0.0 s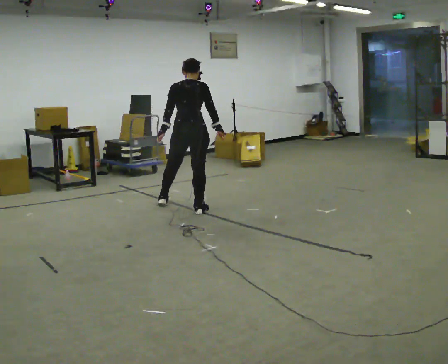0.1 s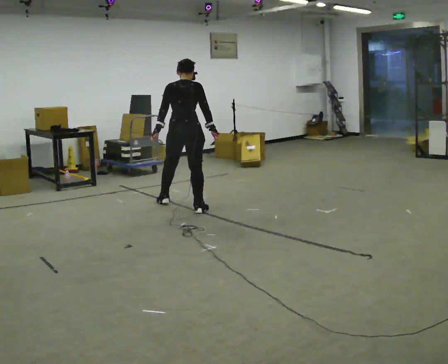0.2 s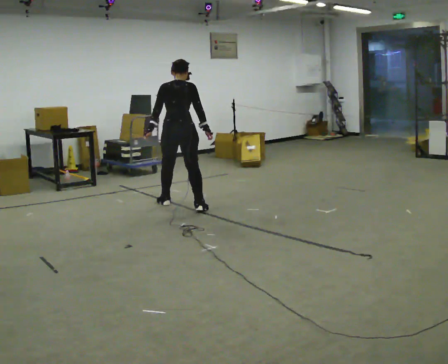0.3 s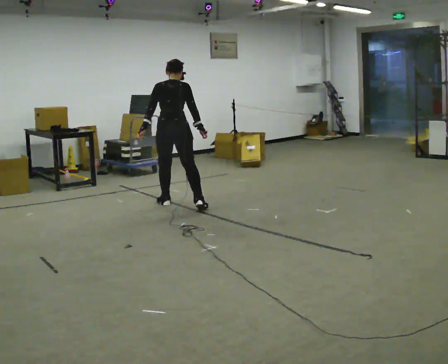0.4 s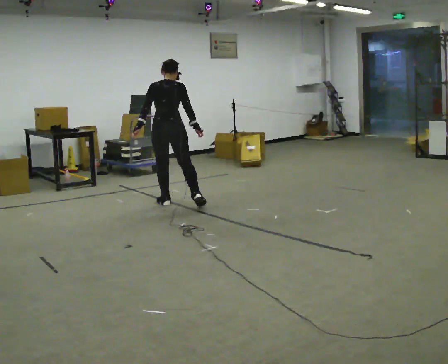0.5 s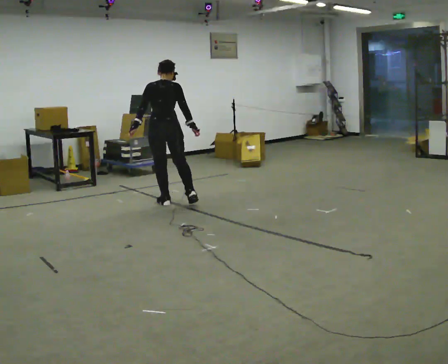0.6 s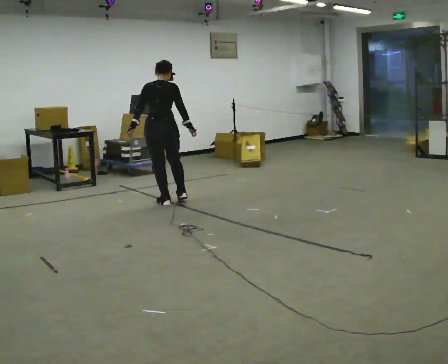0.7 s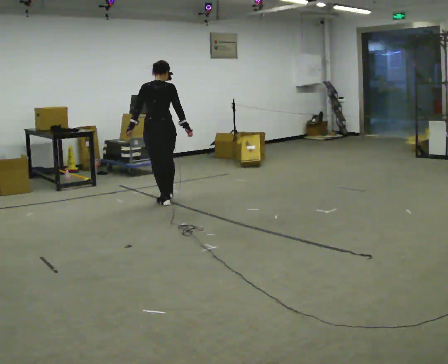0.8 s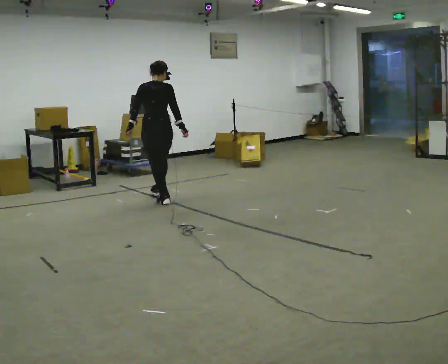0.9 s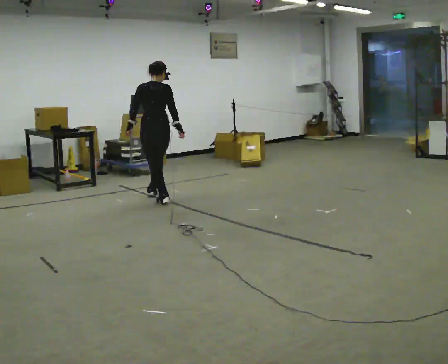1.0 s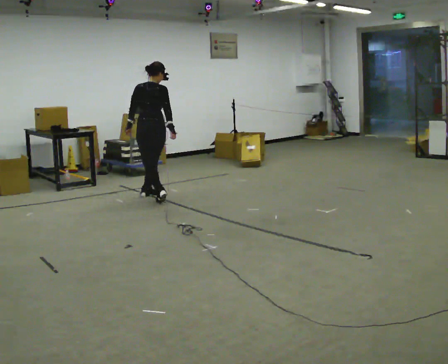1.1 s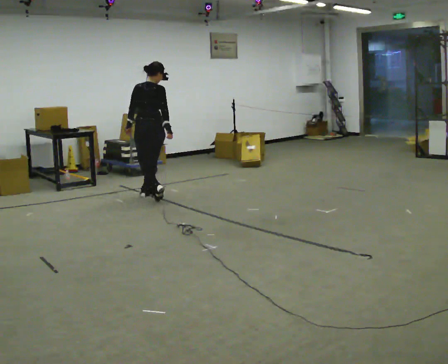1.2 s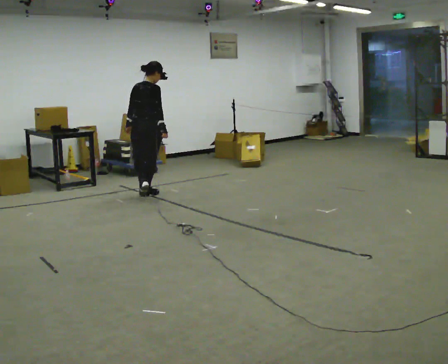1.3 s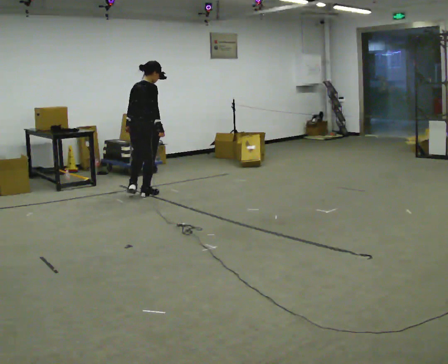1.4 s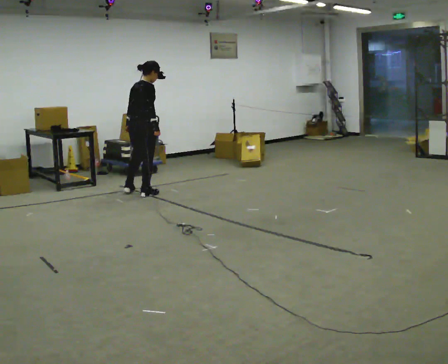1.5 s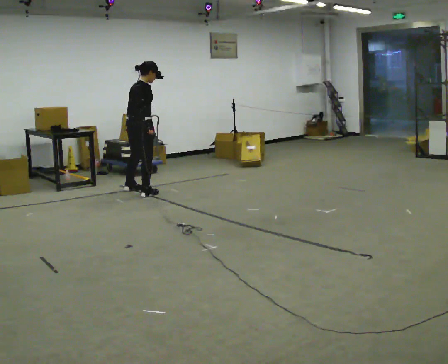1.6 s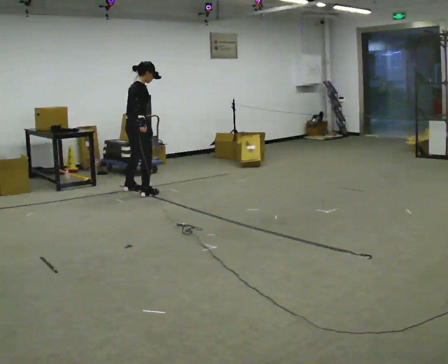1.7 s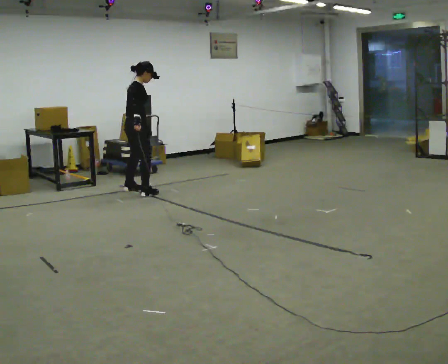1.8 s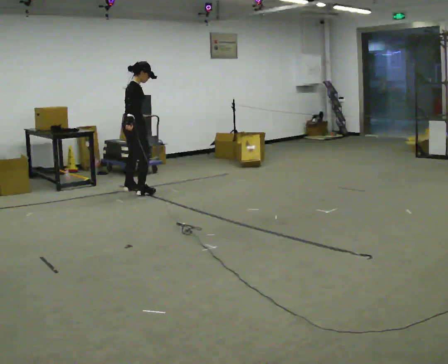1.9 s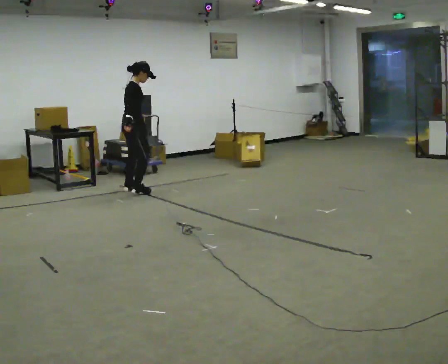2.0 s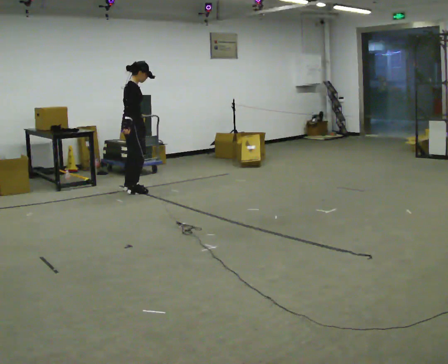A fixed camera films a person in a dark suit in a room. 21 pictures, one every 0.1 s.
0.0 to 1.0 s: In the picture they go away from the camera and to the left, about 0.5 m in 2 steps, which for them is to their left and forward.
1.0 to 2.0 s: The part of the body nearest the lens slides to the left as the person turns to their right by about 90 degrees. In the picture they go away from the camera and to the left, about 0.5 m in 1 step.
The film runs backward here.
